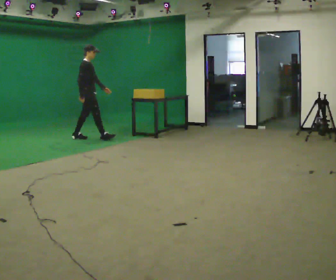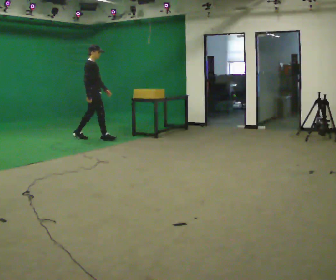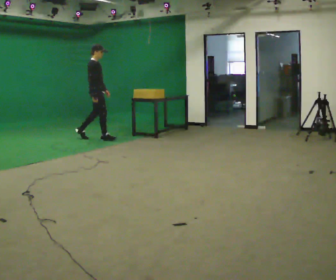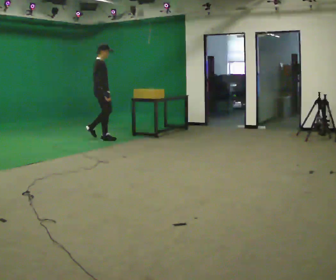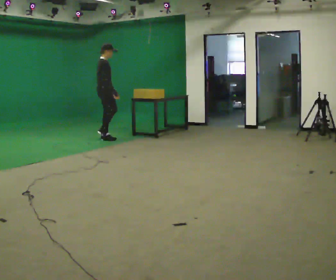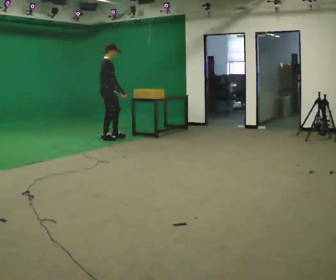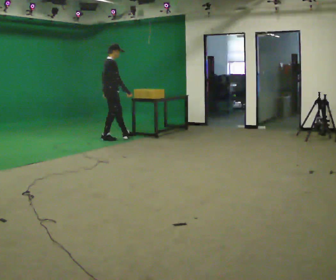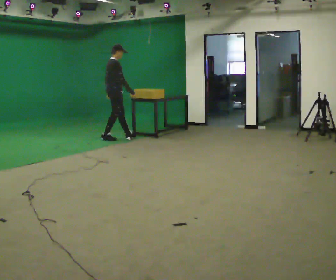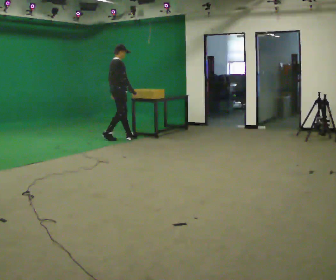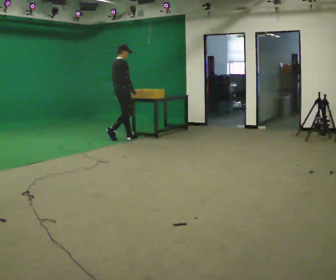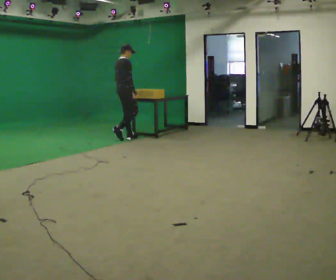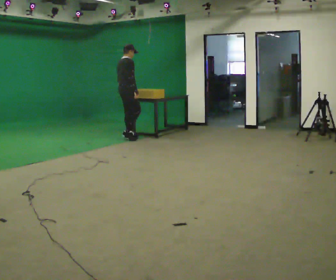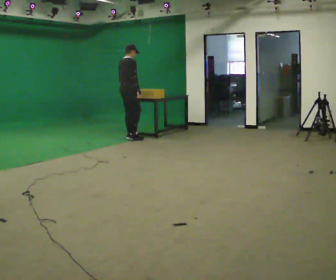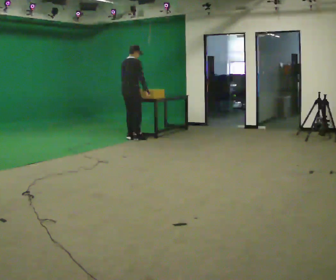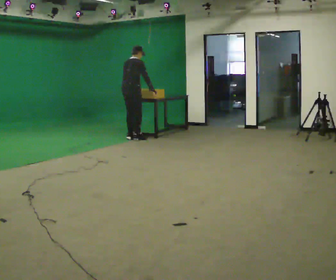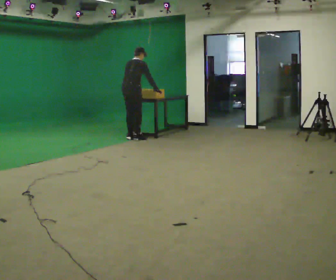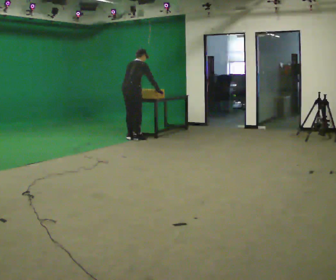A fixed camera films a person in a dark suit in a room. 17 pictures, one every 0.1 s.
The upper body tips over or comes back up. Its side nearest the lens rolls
upward.
The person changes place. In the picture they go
to the right.
0.0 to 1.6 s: The part of the body nearest the lens slides to the right as the person turns to their left by about 45 degrees. In the picture they go to the right, about 1 m in 2 steps, which for them is forward and to their right. The upper body tips away from the camera, its near side rolling upward, as they bend forward.
The film runs forward here.
